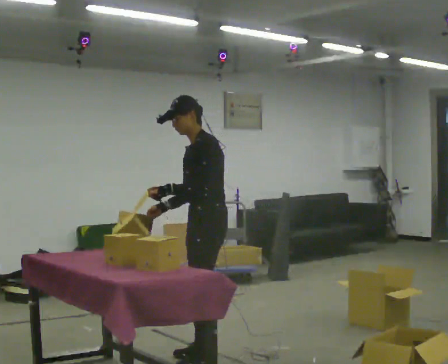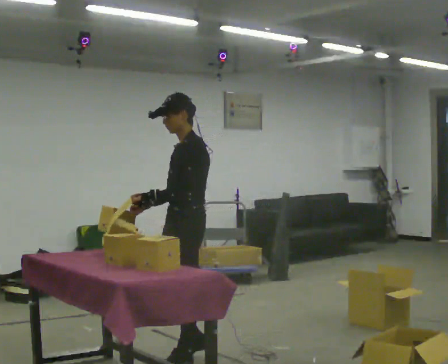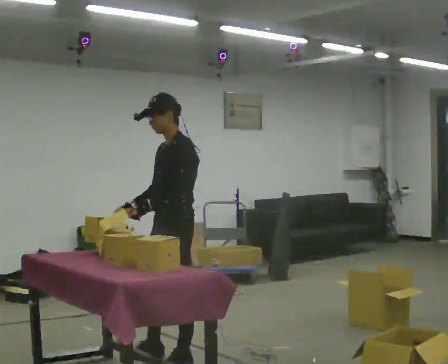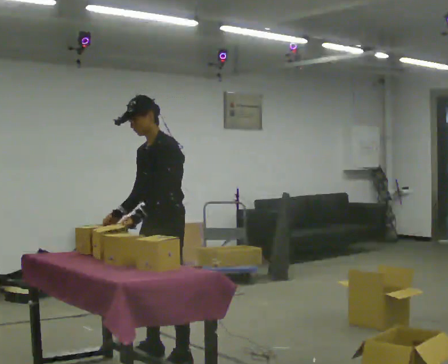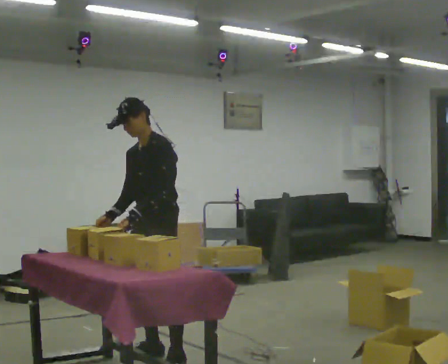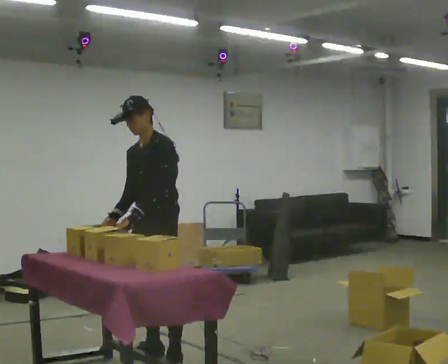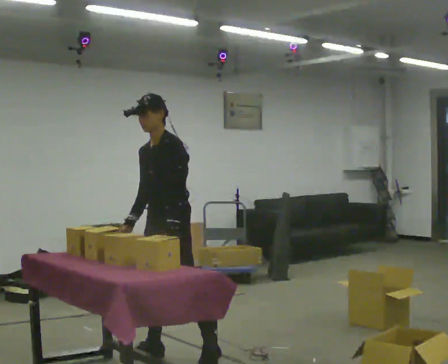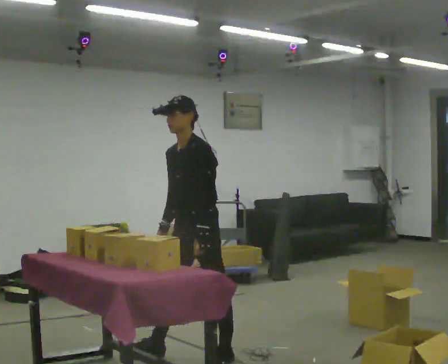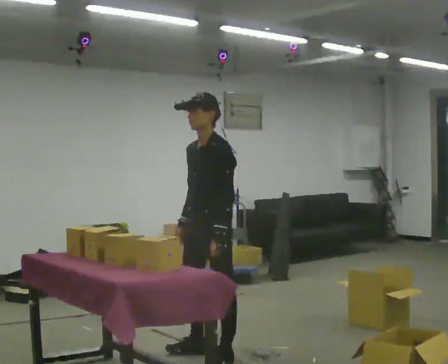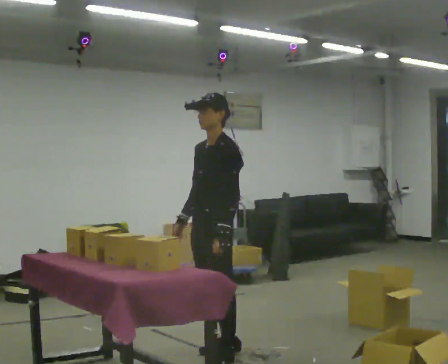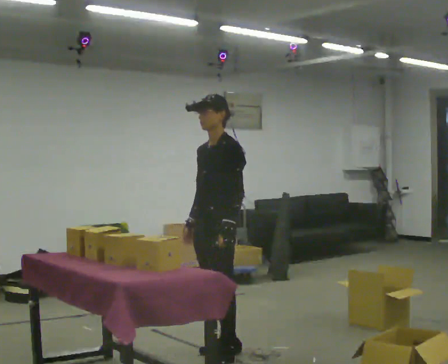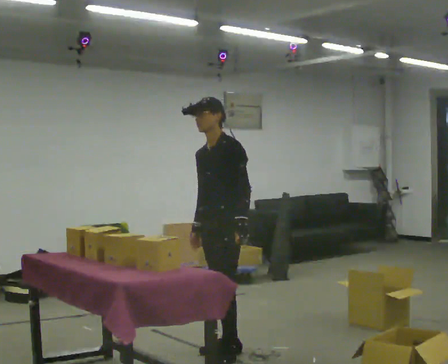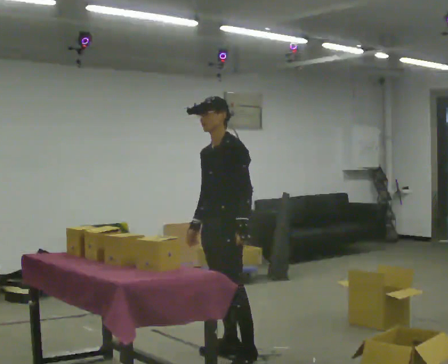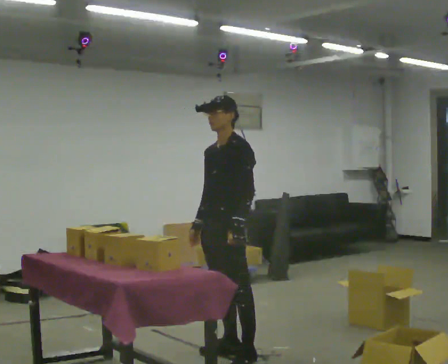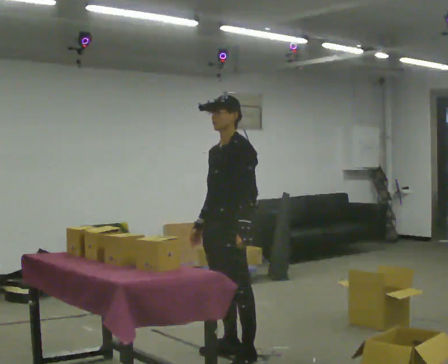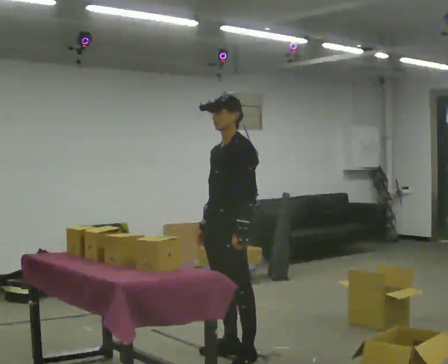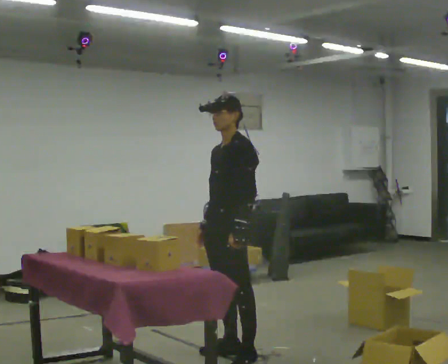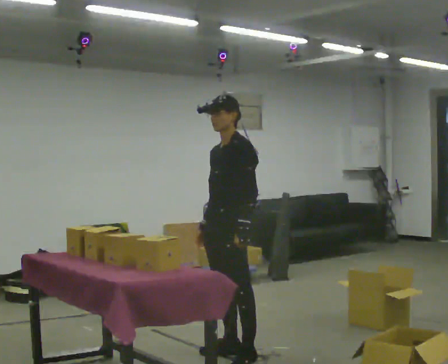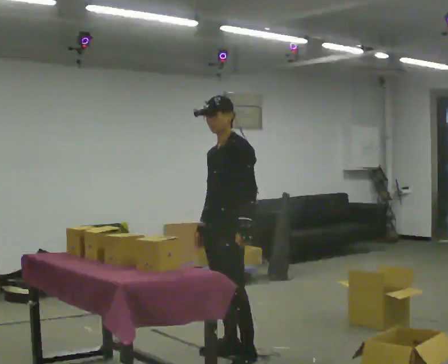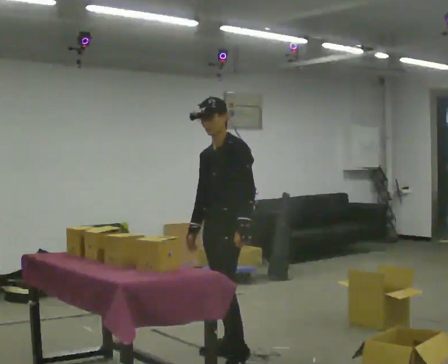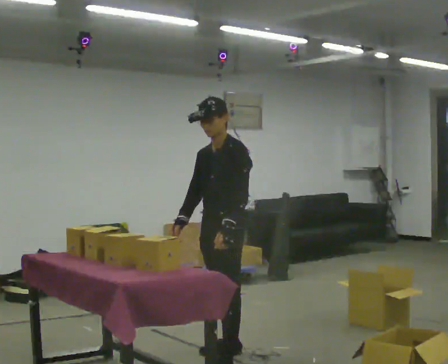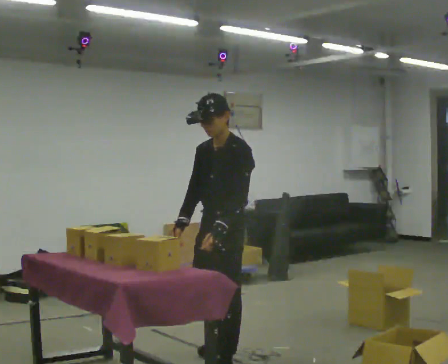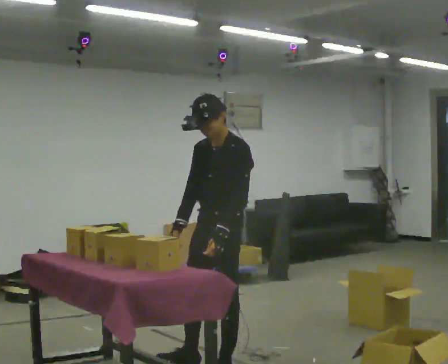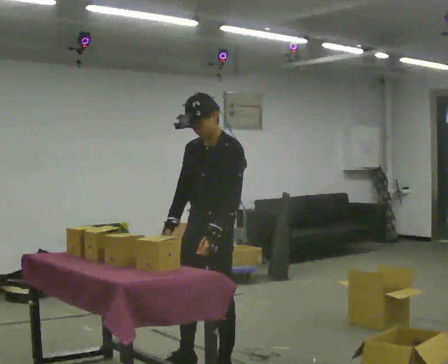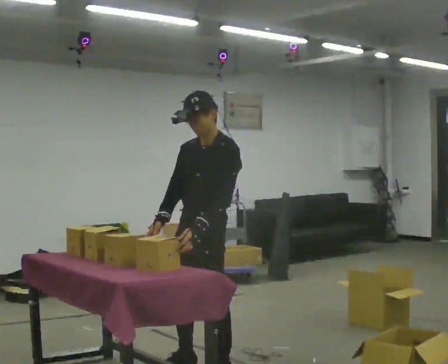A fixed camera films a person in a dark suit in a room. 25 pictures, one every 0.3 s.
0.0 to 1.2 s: The part of the body nearest the lens slides to the right as the person turns to their left by about 30 degrees. In the picture they go to the left, about 0.25 m in 2 steps, which for them is forward and to their right.
1.2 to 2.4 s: In the picture they go to the right, about 0.5 m in 1 step, which for them is to their left and backward.
2.4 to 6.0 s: The person moves a little, or ends about where they began.
6.0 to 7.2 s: In the picture they go toward the camera, about 0.25 m in 1 step, which for them is forward.
The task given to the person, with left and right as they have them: Take each object from the table and put it in the bin that matches it, walking between the bins. Keep going until the operator says stop; one object at a time, and do not rush between trips.
The film runs forward here.
